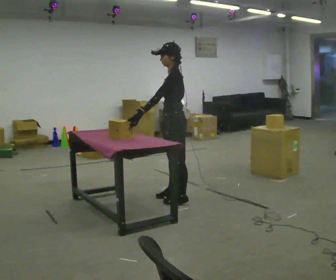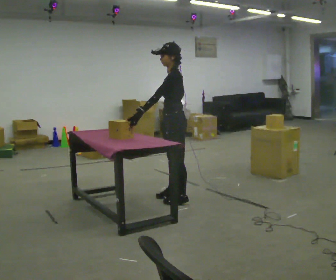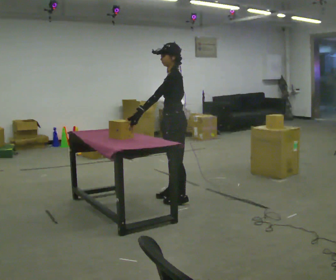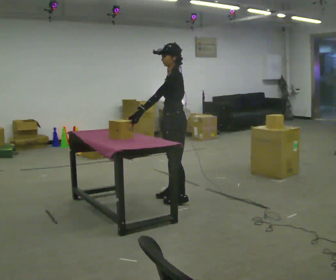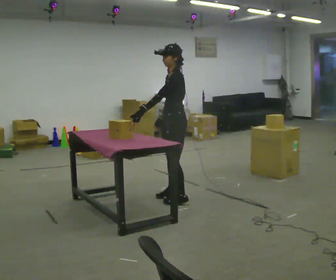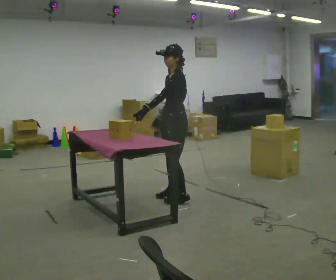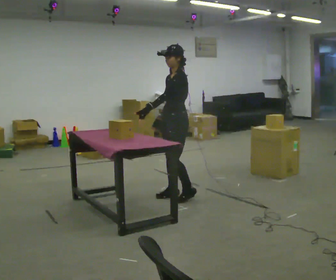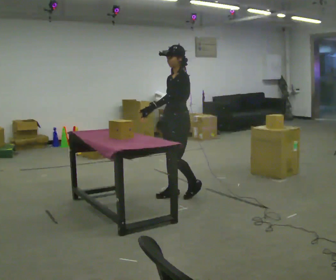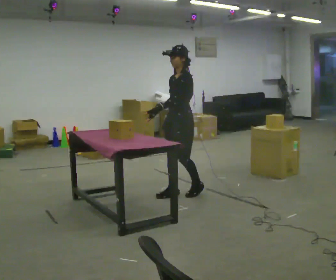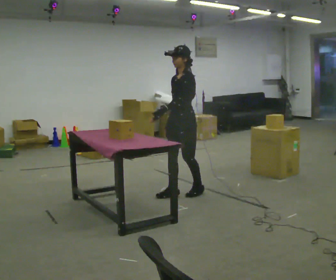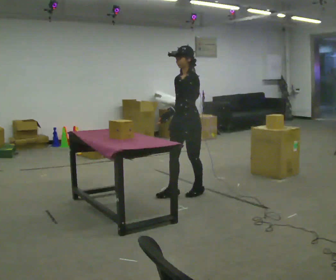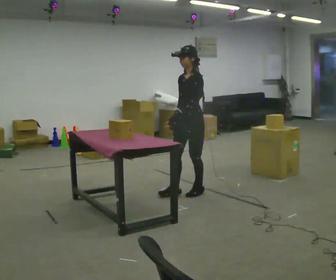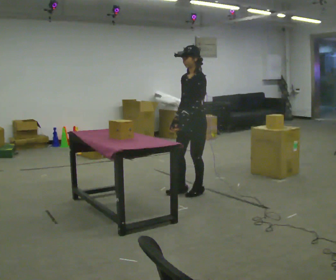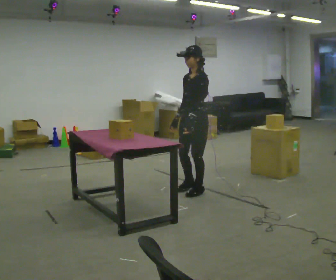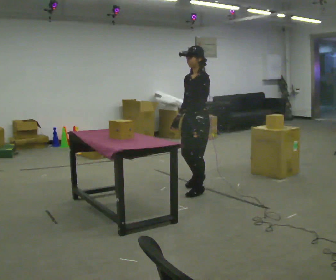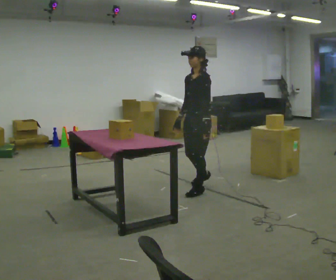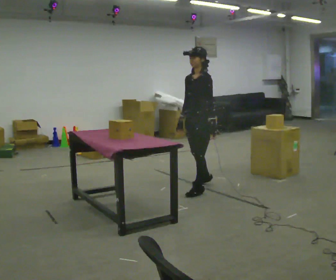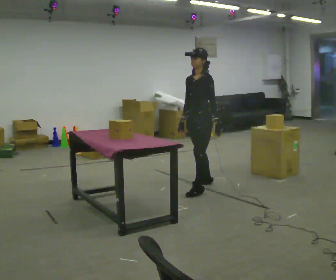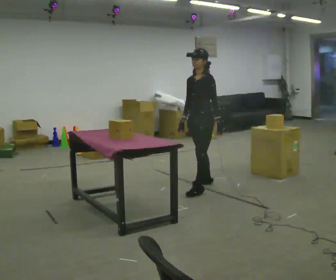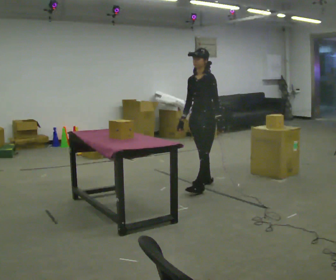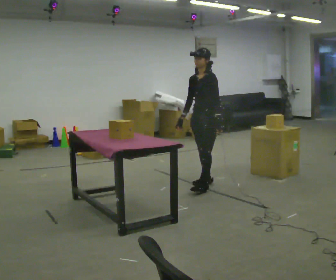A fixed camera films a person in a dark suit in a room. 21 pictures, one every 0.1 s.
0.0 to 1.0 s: Seen from above the body turns counterclockwise, about 30 degrees: to their left, with its near side sliding to the right. In the picture they go away from the camera, about 0.25 m in 1 step, which for them is to their right and backward.
1.0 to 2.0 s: In the picture they go away from the camera and to the right, about 0.5 m in 2 steps, which for them is backward and to their right.
The film runs backward here.
